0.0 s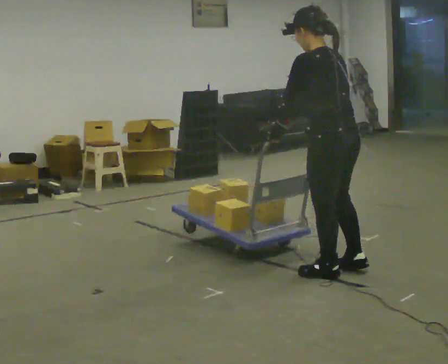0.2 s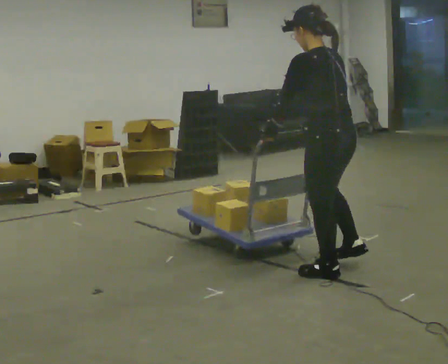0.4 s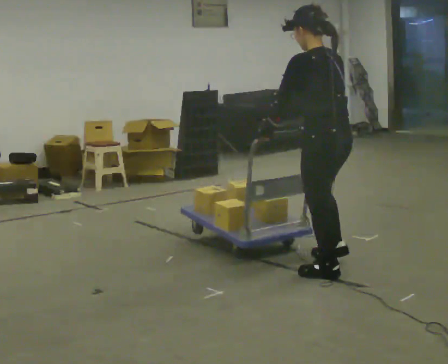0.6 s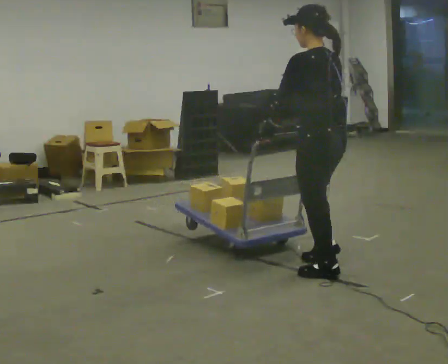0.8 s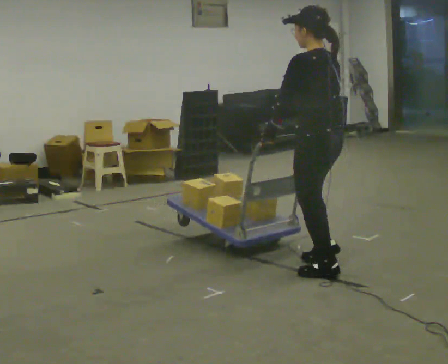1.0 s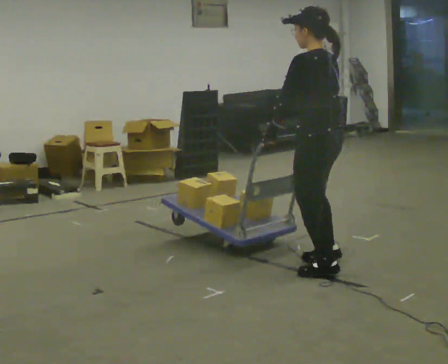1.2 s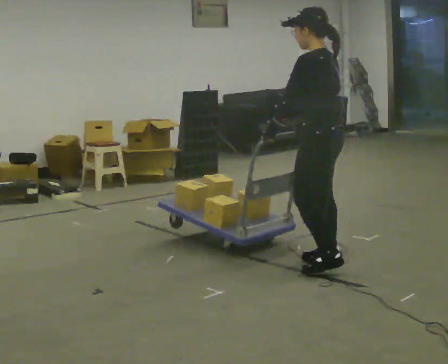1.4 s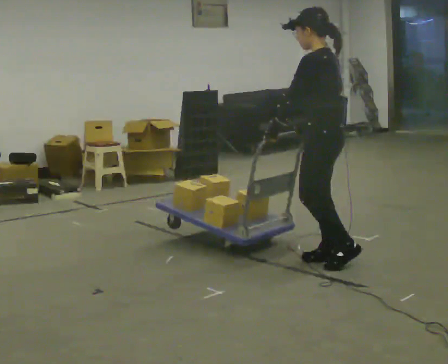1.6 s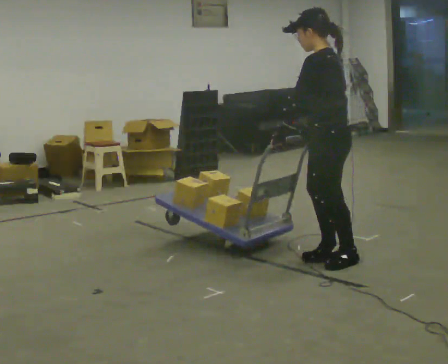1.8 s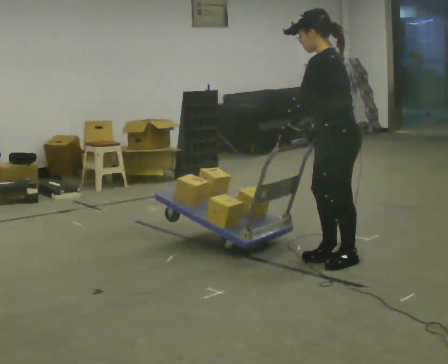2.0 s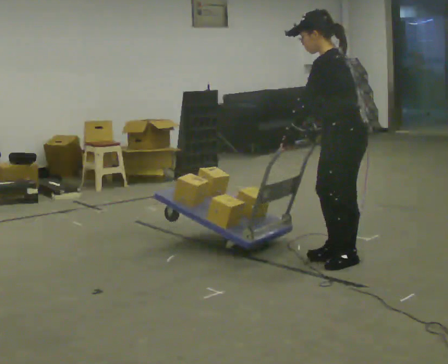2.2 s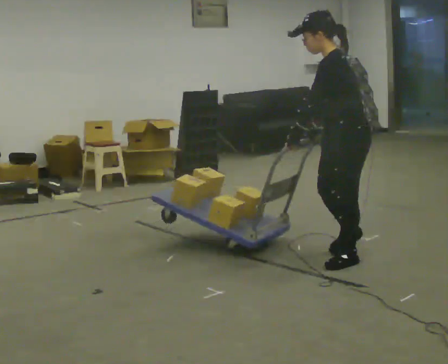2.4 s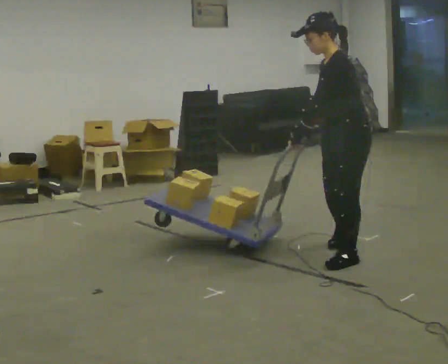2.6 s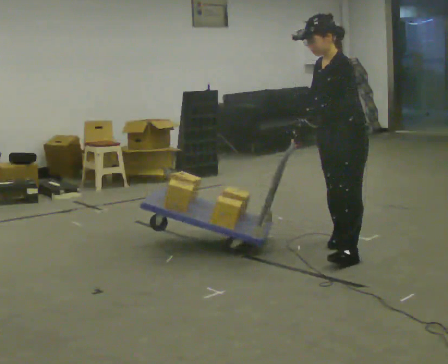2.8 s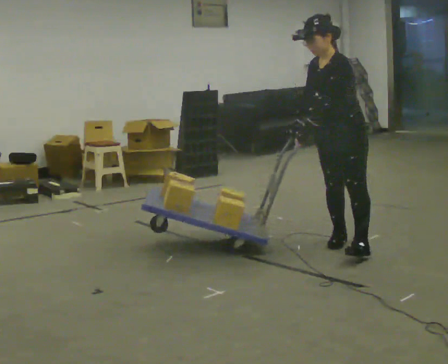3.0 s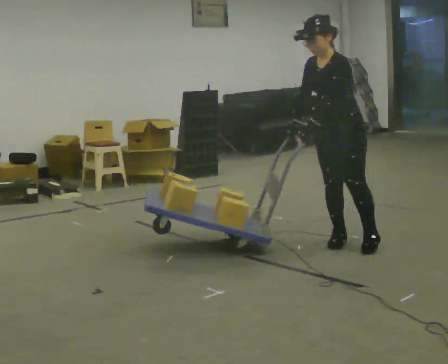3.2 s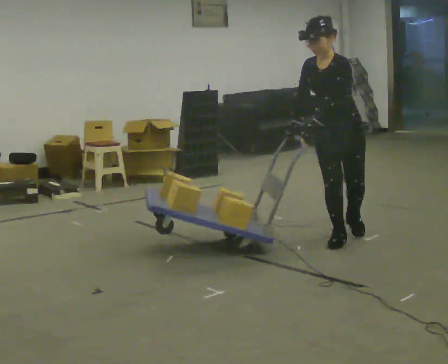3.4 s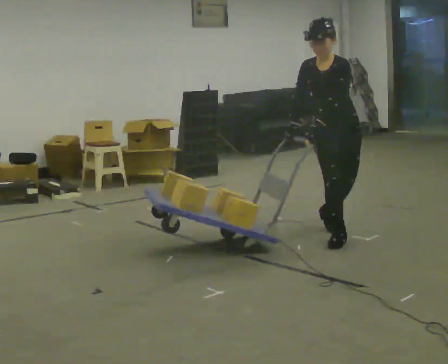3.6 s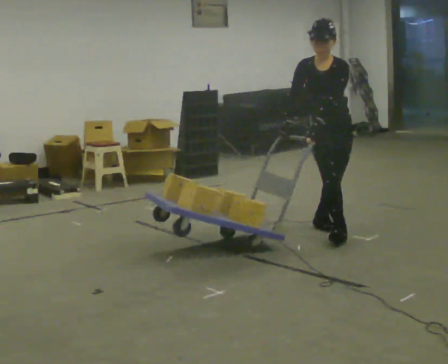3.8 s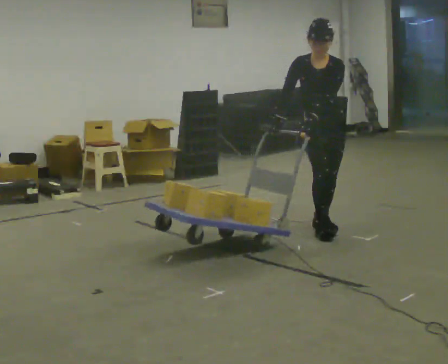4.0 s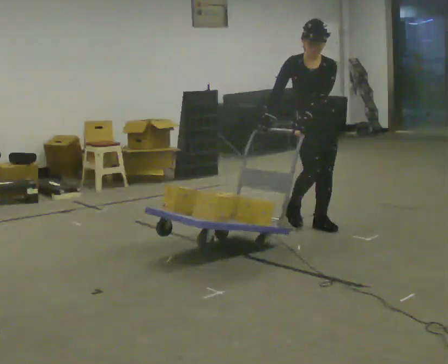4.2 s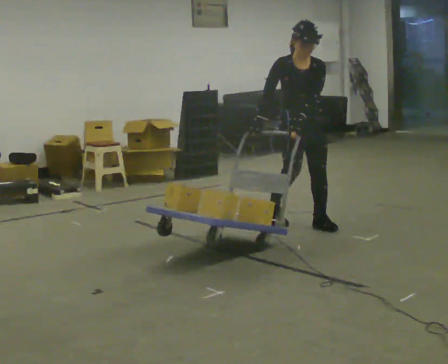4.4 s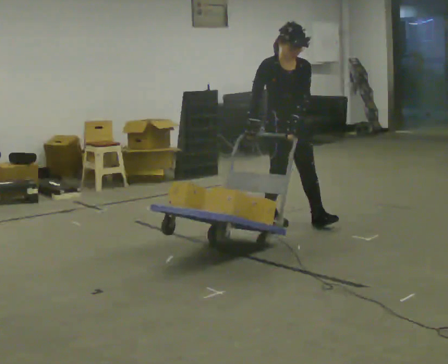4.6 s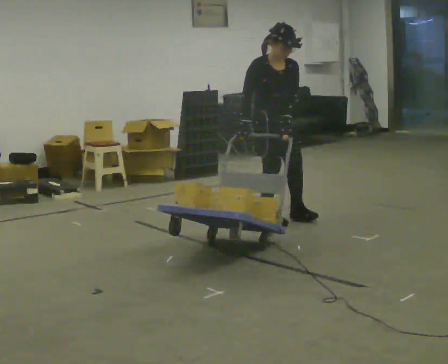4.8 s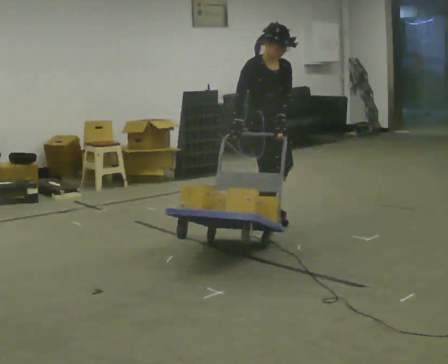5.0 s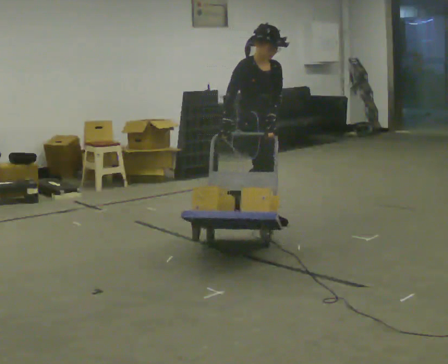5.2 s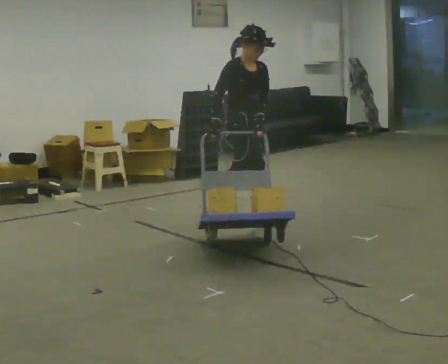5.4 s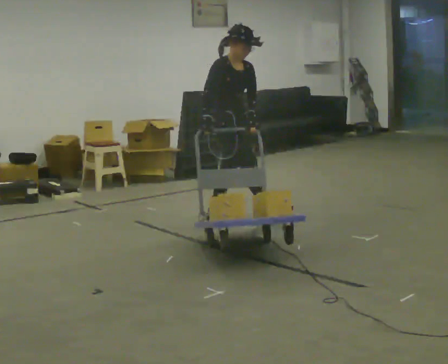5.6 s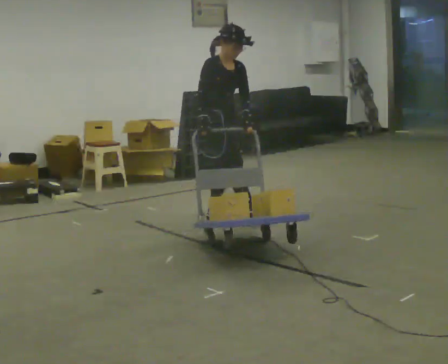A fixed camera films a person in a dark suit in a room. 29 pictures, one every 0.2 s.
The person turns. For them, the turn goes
to their left.
The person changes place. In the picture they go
away from the camera.
0.0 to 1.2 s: In the picture they go away from the camera, about 0.25 m in 2 steps, which for them is forward and to their right.
1.2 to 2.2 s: Seen from above the body turns counterclockwise, about 30 degrees: to their left, with its near side sliding to the right. In the picture they go to the right, about 0.25 m in 1 step, which for them is backward.
2.2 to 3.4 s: Seen from above the body turns counterclockwise, about 75 degrees: to their left, with its near side sliding to the right. In the picture they go away from the camera, about 0.5 m in 1 step.
3.4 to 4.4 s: The part of the body nearest the lens slides to the right as the person turns to their left by about 30 degrees. In the picture they go away from the camera and to the left, about 0.5 m in 2 steps, which for them is backward and to their right.
4.4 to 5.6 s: The person turns about 45 degrees to their left, counterclockwise seen from above, so the part of the body nearest the lens slides to the right. In the picture they go to the left, about 0.5 m in 1 step, which for them is backward.
The film runs backward here.
